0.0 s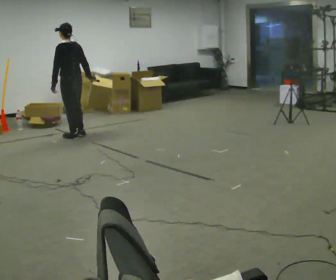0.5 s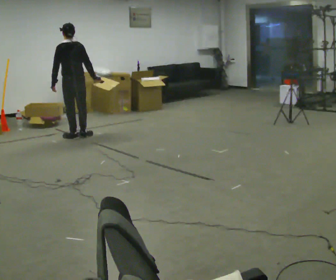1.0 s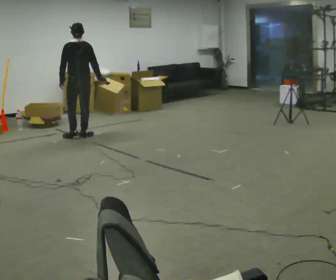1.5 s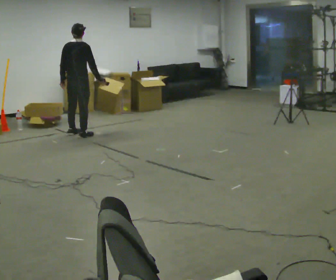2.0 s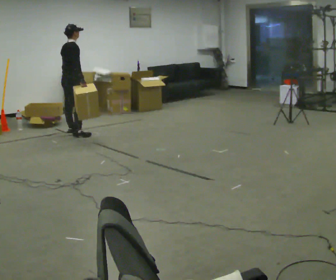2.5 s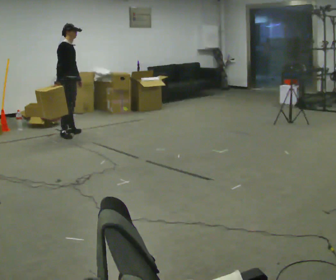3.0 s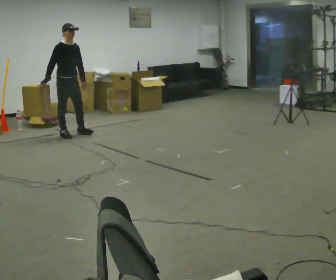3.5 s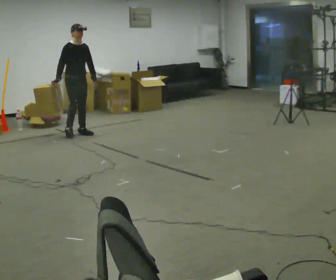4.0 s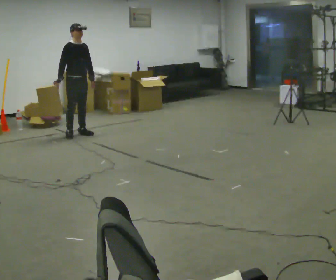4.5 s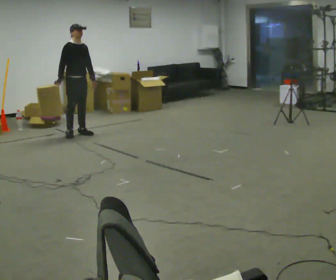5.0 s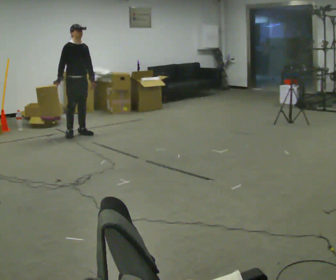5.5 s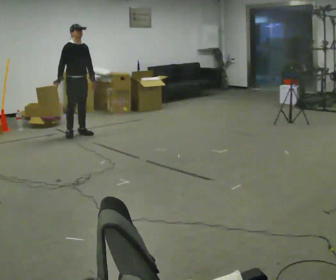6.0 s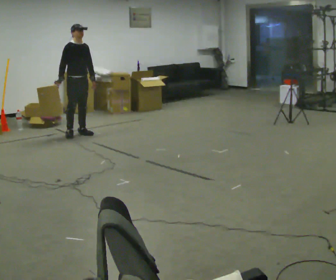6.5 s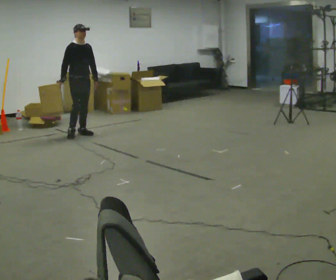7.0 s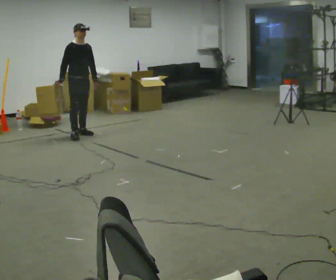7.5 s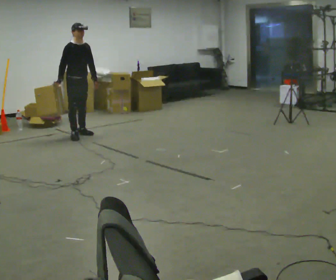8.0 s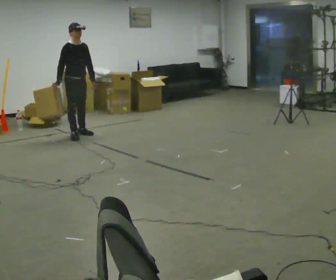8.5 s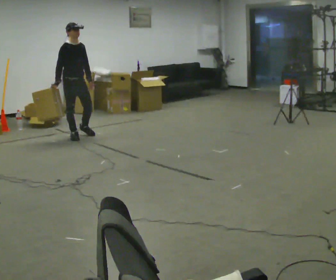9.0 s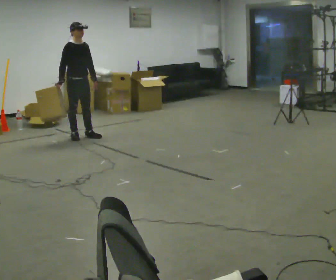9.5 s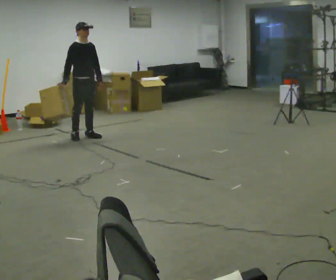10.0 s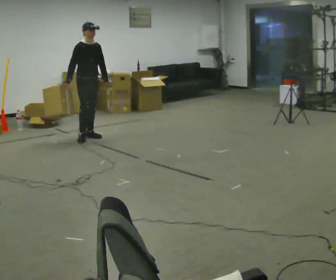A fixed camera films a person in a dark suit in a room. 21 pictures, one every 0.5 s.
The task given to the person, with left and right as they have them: Carry the box and, while walking, shift it to a different hold: front, then hip, then shoulder, then back to front. Do not stop walking.
0.0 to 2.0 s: Seen from above the body turns clockwise, about 105 degrees: to their right, with its near side sliding to the left. In the picture they go away from the camera, about 0.25 m in 1 step.
2.0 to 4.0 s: Seen from above the body turns clockwise, about 90 degrees: to their right, with its near side sliding to the left. In the picture their right hand goes to the left.
4.0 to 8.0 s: The person moves a little, or ends about where they began.
8.0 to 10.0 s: In the picture they go to the right, about 0.25 m in 1 step, which for them is forward.
The film runs forward here.
